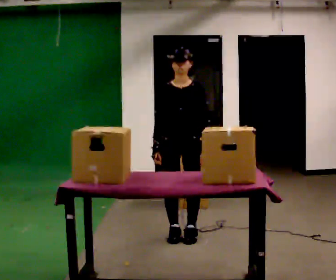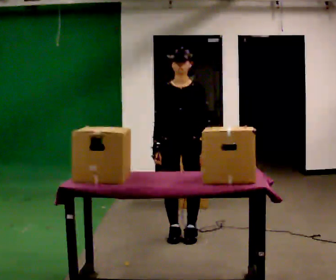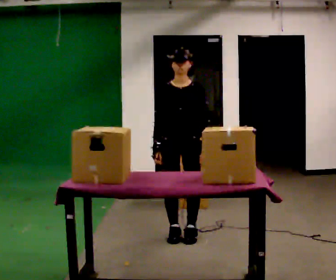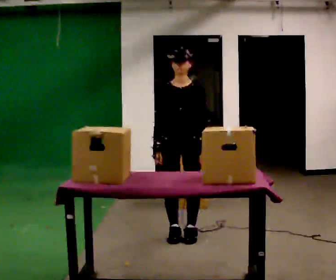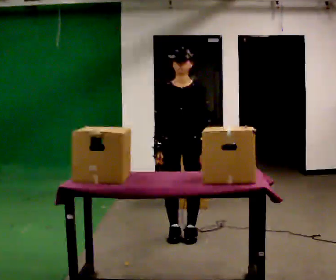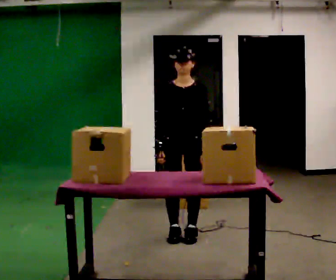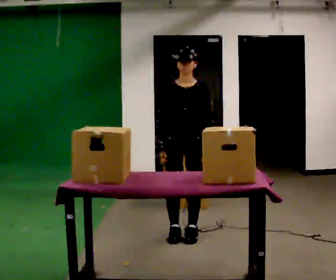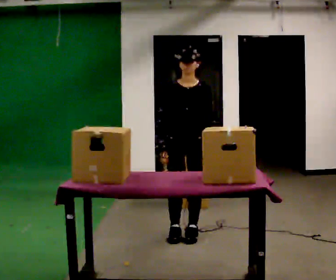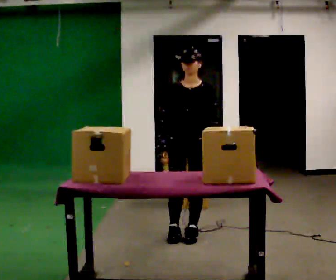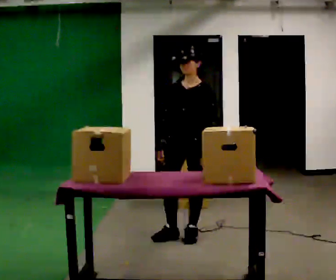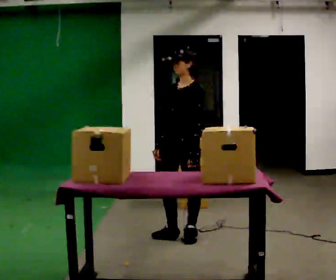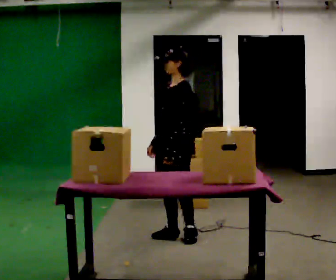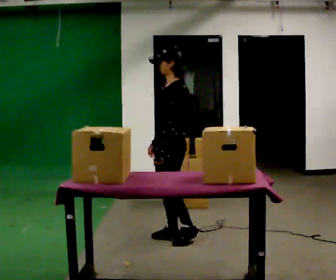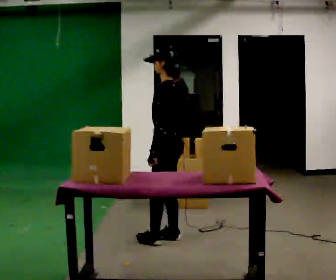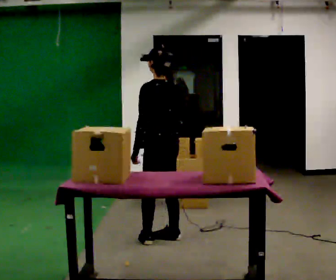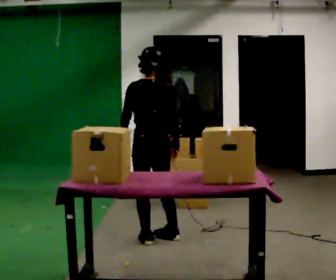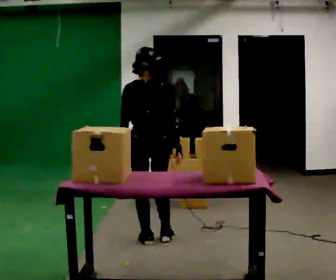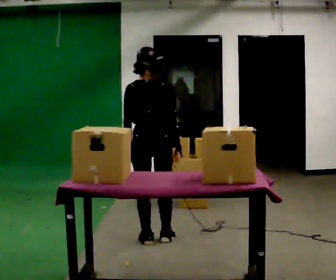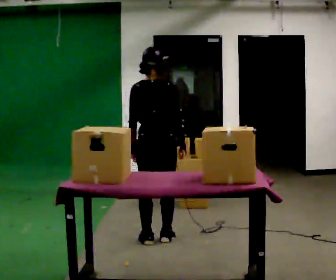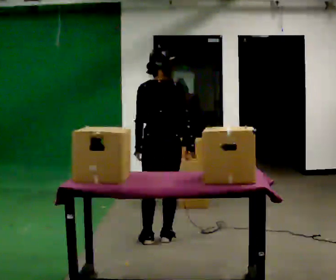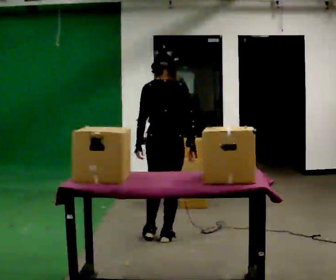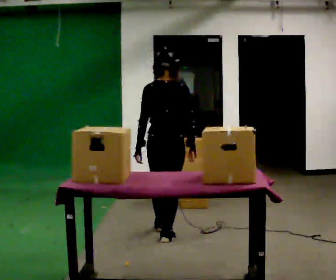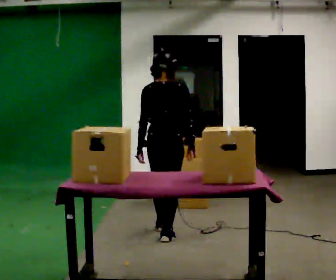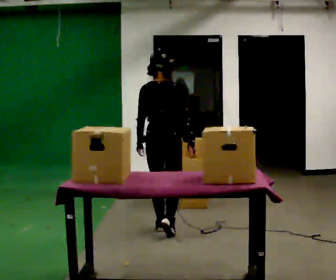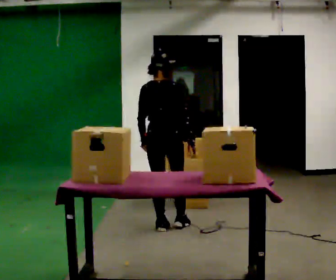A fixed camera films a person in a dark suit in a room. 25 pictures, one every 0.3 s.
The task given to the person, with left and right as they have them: Carry the object over and fit it into the gap between the two boxes already on the shelf, without touching either of them. Keep going until the operator says stop; one object at a time, and do not rush between trips.
0.0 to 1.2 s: The person keeps their place and pose.
1.2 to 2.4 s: The person moves a little, or ends about where they began.
2.4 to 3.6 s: The person turns about 60 degrees to their right, clockwise seen from above, so the part of the body nearest the lens slides to the left. In the picture their left hand goes to the left.
3.6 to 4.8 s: The person turns about 105 degrees to their right, clockwise seen from above, so the part of the body nearest the lens slides to the left. In the picture they go to the left and toward the camera, about 0.25 m in 1 step.
4.8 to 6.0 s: The person moves a little, or ends about where they began.
6.0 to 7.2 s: In the picture they go away from the camera, about 0.25 m in 1 step, which for them is forward.
The film runs forward here.
